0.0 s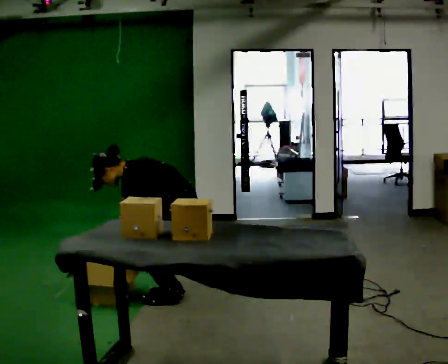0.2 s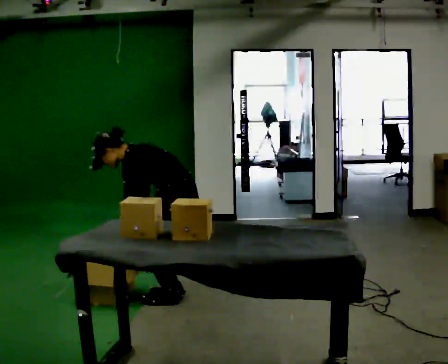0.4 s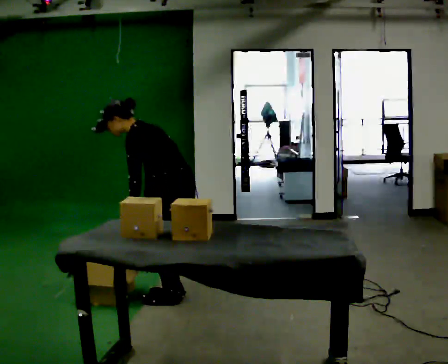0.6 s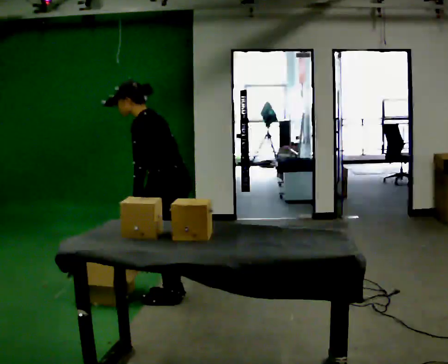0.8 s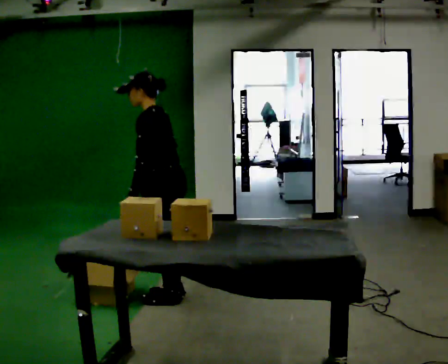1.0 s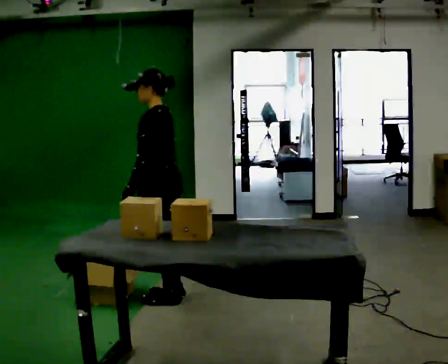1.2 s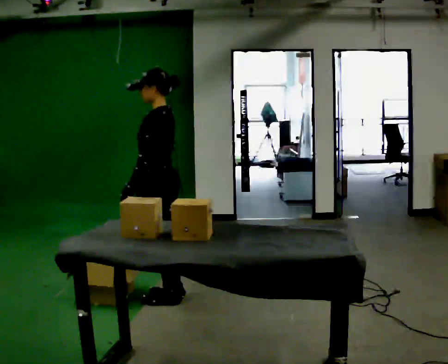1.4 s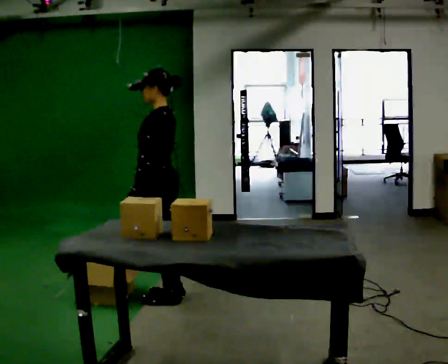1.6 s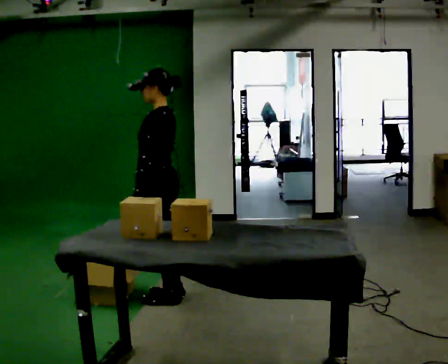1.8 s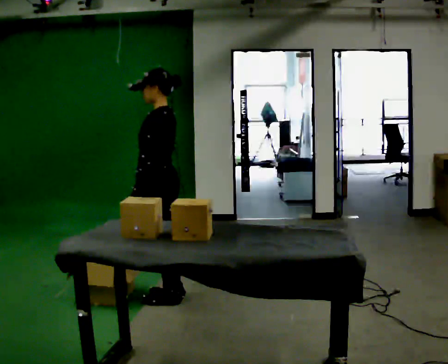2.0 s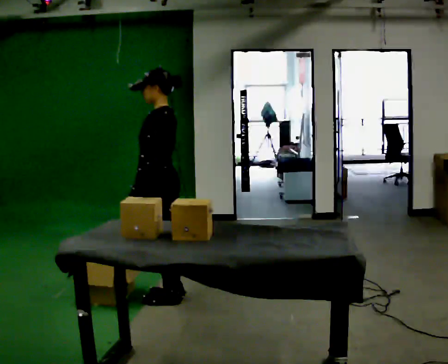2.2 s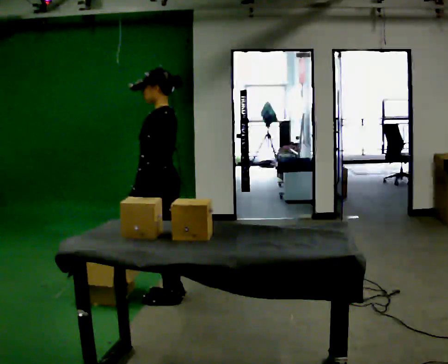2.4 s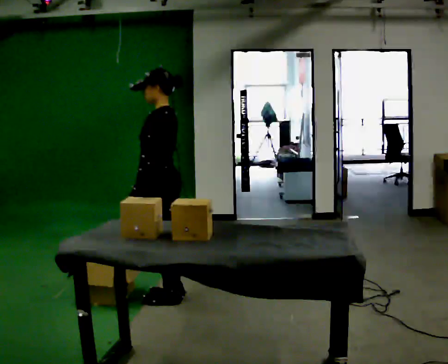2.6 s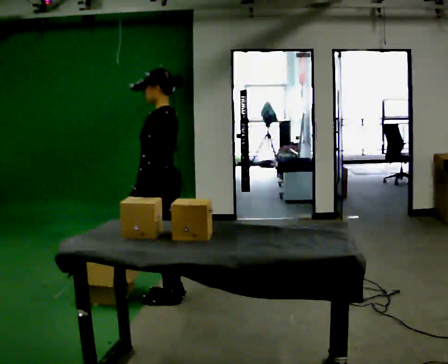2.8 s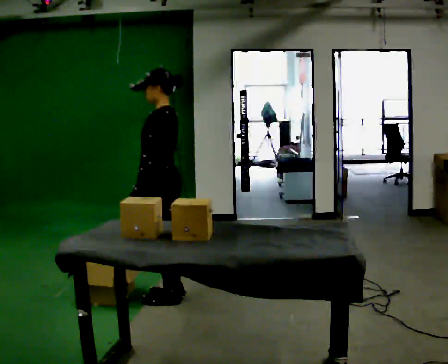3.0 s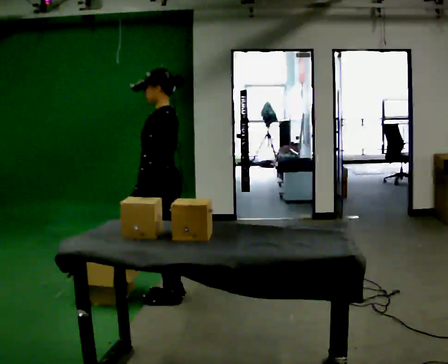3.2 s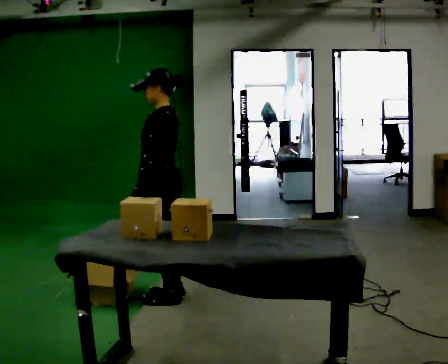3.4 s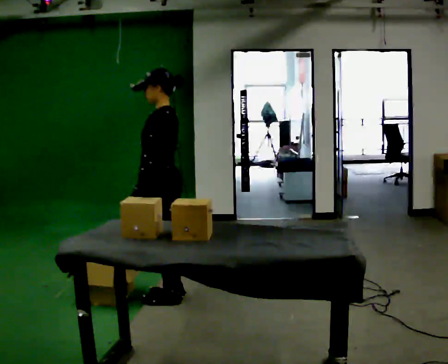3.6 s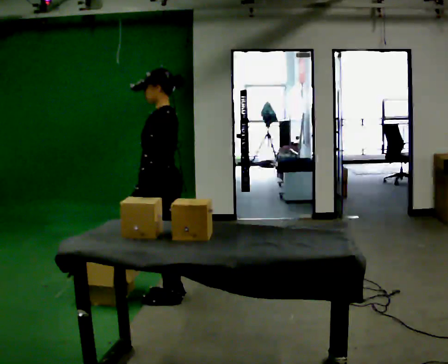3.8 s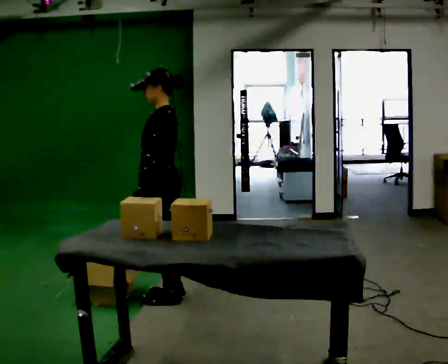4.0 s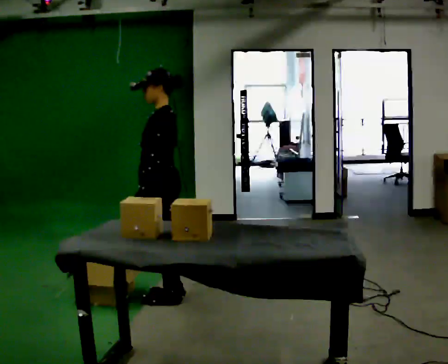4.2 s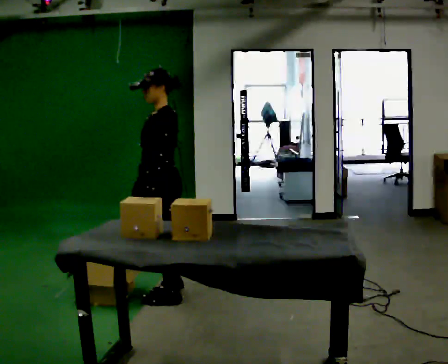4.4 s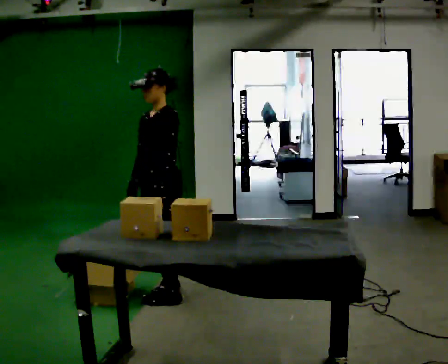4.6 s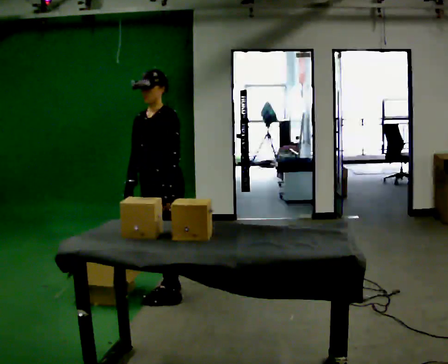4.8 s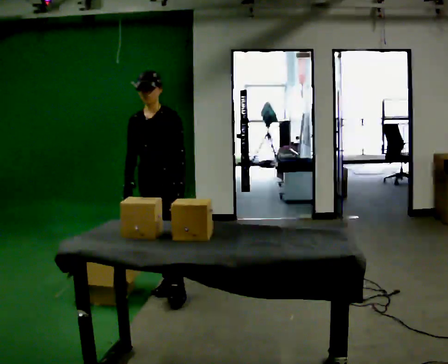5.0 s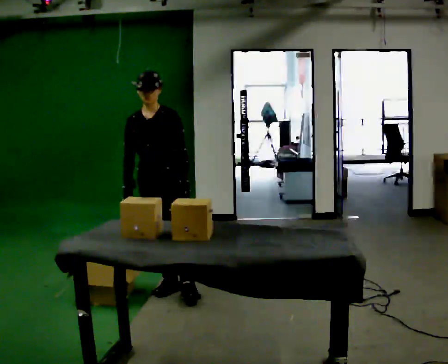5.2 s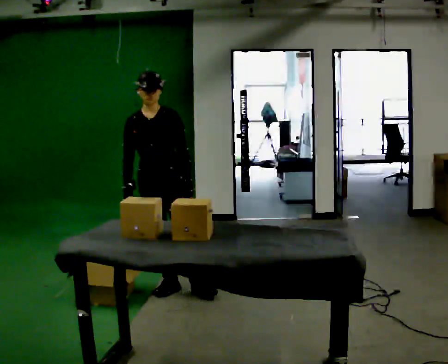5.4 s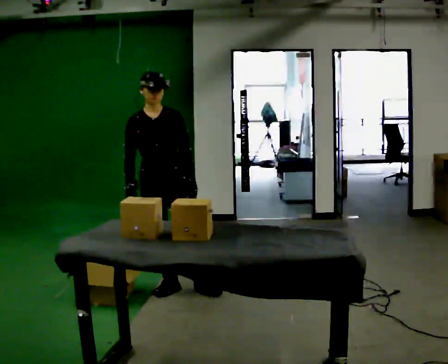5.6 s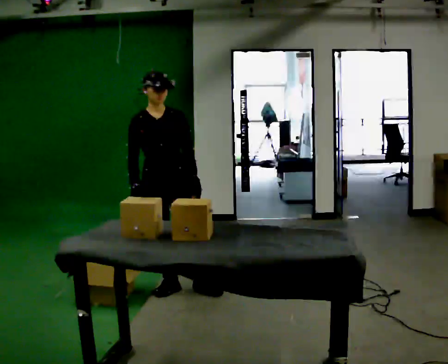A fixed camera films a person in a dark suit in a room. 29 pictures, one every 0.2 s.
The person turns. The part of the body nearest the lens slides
to the right.
The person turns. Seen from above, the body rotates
counterclockwise.
0.0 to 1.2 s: The upper body goes upward. In the picture the upper body tilts clockwise, shoulders to the right, as they lean back or straighten. In the picture their left hand goes upward.
1.2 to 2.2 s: The person moves a little, or ends about where they began.
2.2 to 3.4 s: The person keeps their place and pose.
3.4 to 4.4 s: The part of the body nearest the lens slides to the right as the person turns to their left by about 45 degrees.
4.4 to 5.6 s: Seen from above the body turns counterclockwise, about 60 degrees: to their left, with its near side sliding to the right.
The film runs forward here.
